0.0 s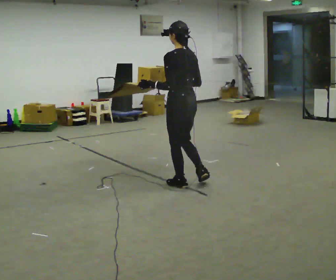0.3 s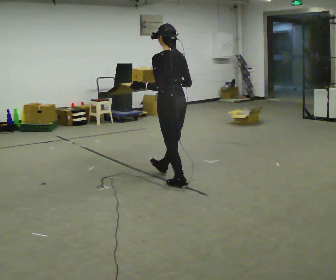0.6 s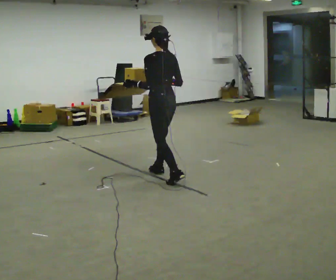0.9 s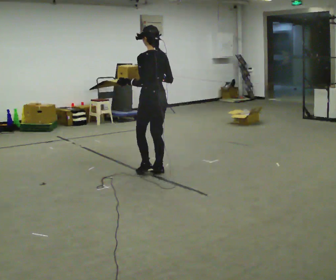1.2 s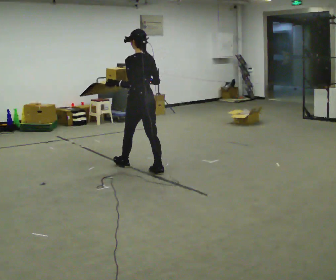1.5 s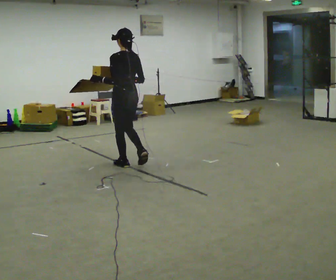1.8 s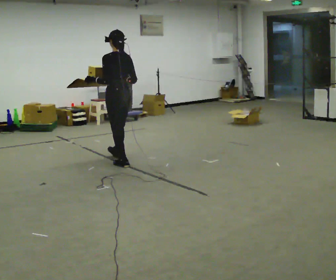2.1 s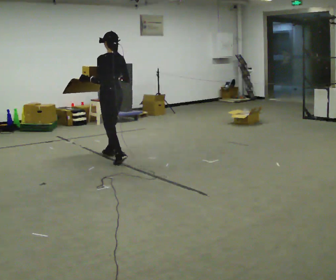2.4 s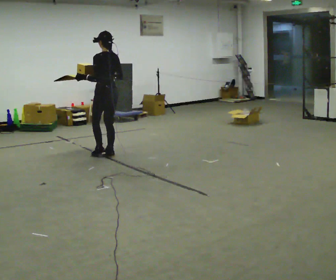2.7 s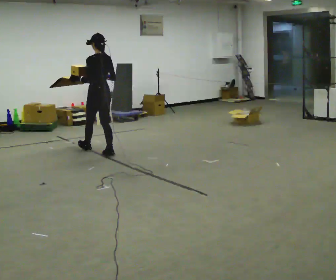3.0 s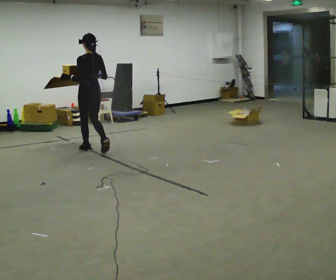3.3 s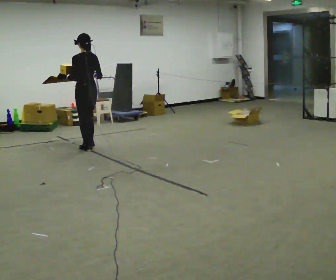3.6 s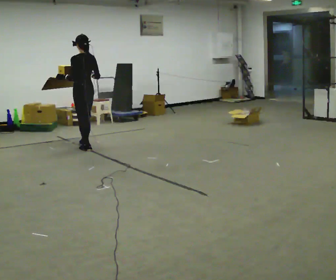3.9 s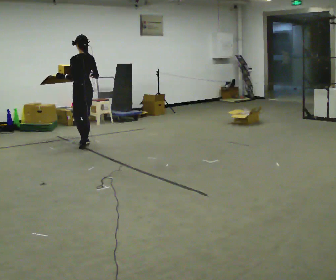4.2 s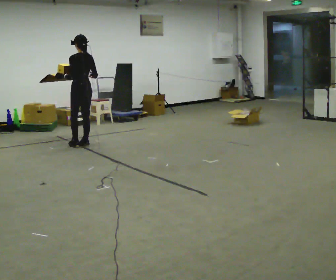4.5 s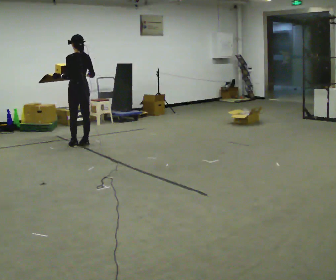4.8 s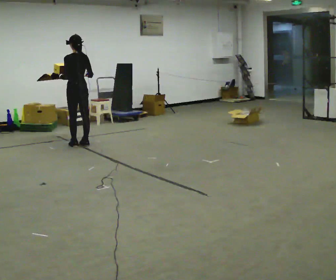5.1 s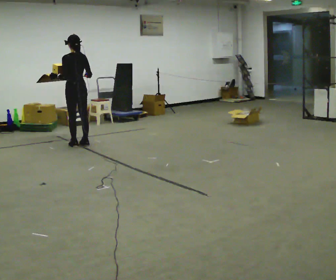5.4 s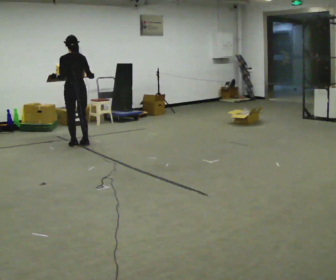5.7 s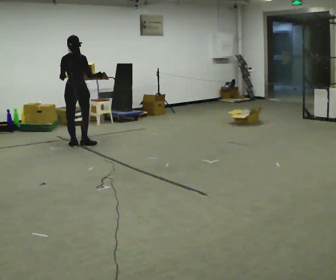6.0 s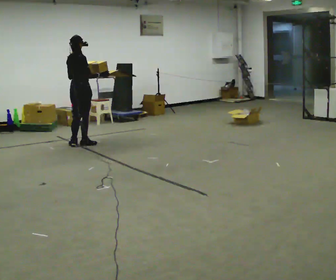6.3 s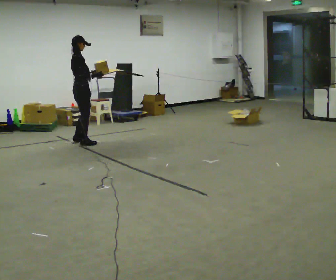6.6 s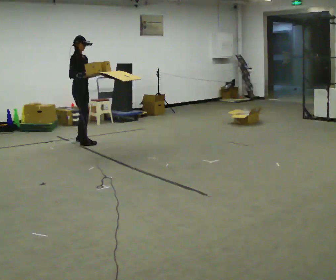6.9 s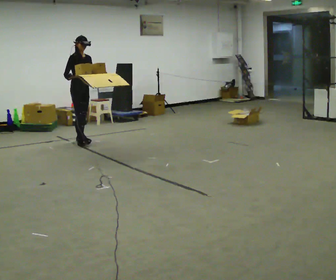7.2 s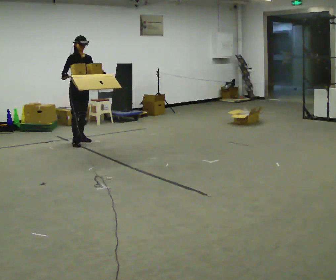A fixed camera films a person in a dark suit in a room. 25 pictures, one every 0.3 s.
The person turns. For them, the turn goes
to their right.
The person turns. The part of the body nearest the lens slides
to the left.
0.0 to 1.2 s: In the picture they go away from the camera, about 0.5 m in 2 steps, which for them is forward.
1.2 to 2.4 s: In the picture they go away from the camera and to the left, about 1 m in 1 step, which for them is forward.
2.4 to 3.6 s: In the picture they go away from the camera and to the left, about 0.5 m in 2 steps, which for them is forward.
3.6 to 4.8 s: In the picture they go away from the camera, about 0.25 m in 1 step, which for them is forward.
4.8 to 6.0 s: Seen from above the body turns clockwise, about 75 degrees: to their right, with its near side sliding to the left.
6.0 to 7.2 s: The part of the body nearest the lens slides to the left as the person turns to their right by about 105 degrees. In the picture they go away from the camera, about 0.25 m in 1 step. In the picture their right hand goes to the left.
The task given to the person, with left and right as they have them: Carry the open tray of loose items across the room, back and forth, trying not to let anything fall out.
The film runs forward here.
